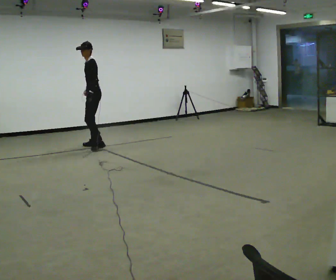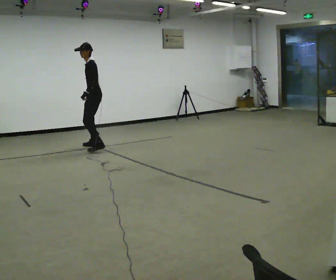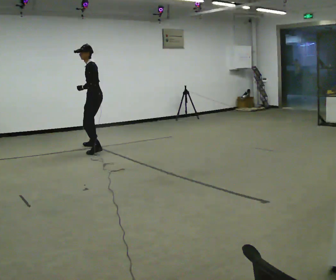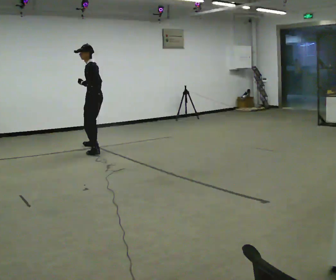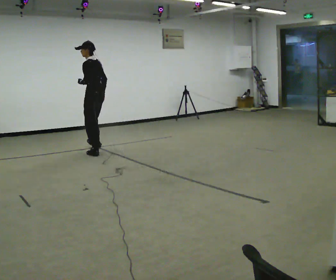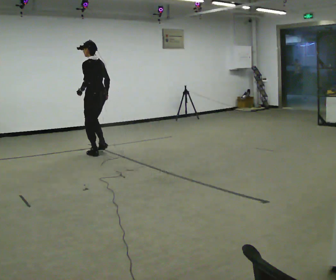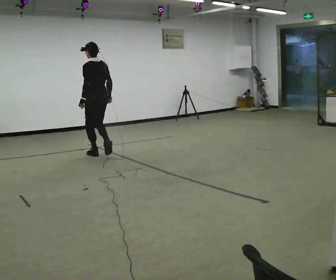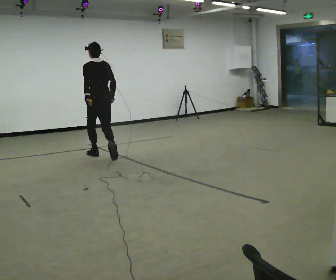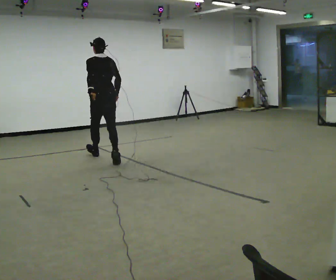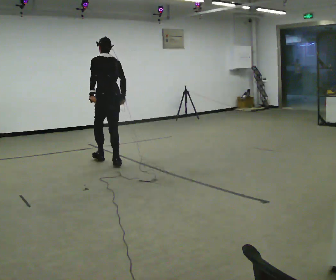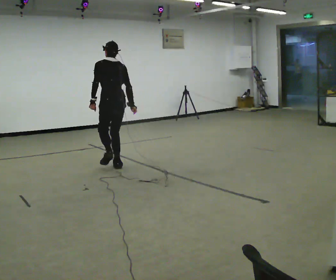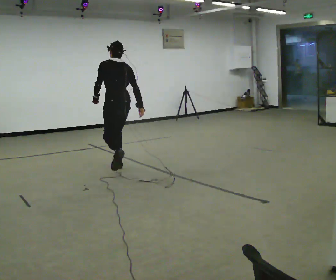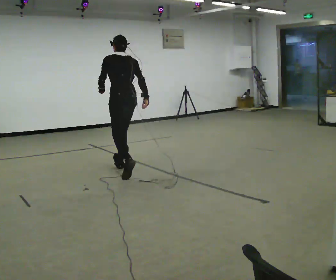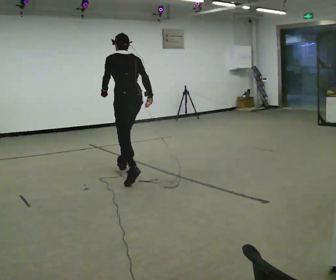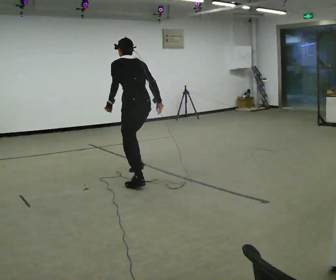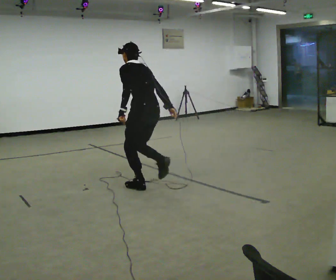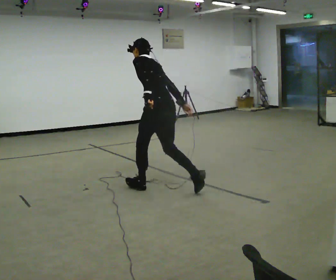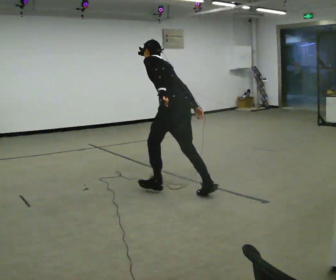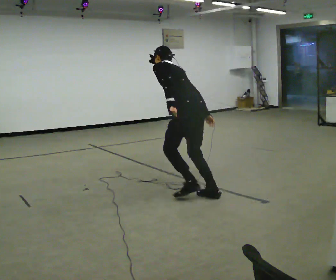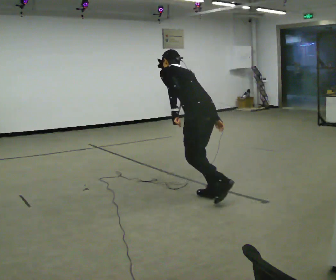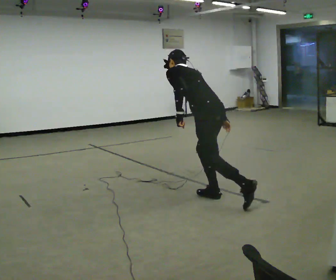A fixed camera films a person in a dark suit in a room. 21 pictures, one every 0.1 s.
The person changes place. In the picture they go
toward the camera.
The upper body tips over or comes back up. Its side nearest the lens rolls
upward.
0.0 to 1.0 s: The part of the body nearest the lens slides to the left as the person turns to their right by about 90 degrees. In the picture they go toward the camera, about 1.5 m in 2 steps. The upper body tips away from the camera, its near side rolling upward.
1.0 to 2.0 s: In the picture they go toward the camera and to the right, about 1.5 m in 2 steps, which for them is backward. The upper body tips away from the camera, its near side rolling upward, as they bend forward.
The film runs backward here.
